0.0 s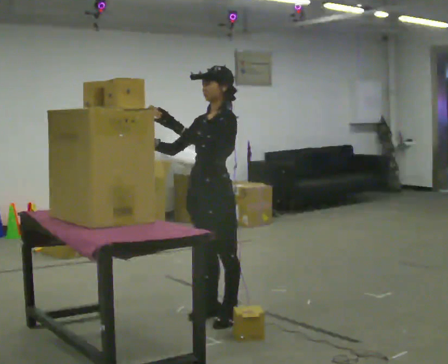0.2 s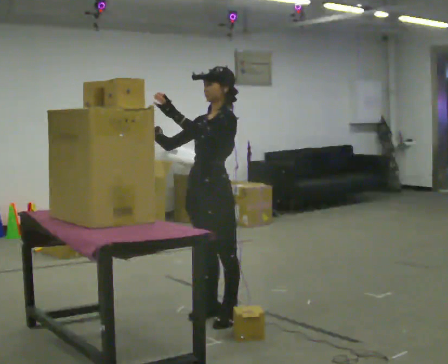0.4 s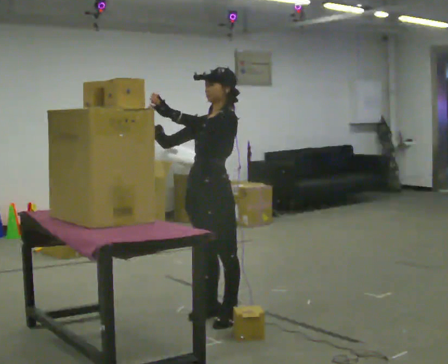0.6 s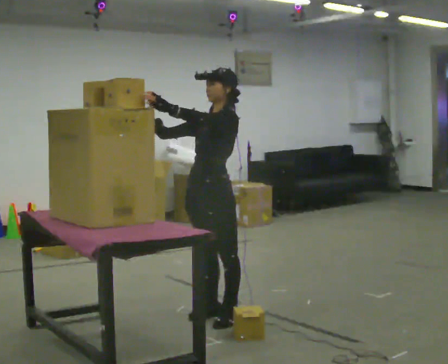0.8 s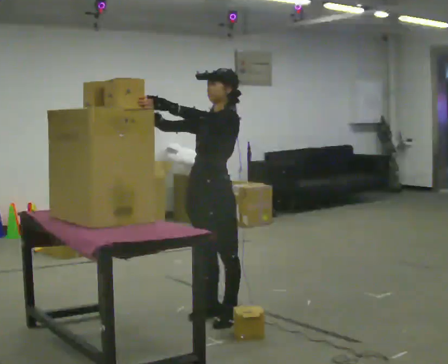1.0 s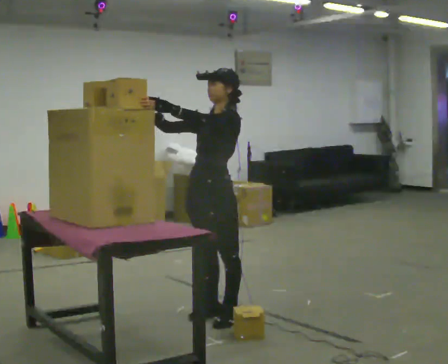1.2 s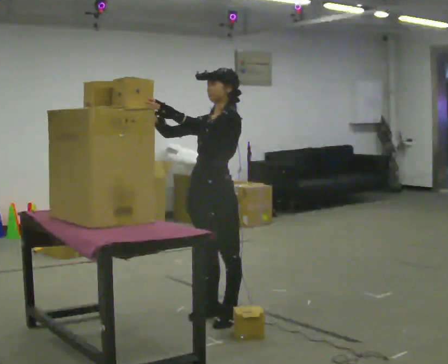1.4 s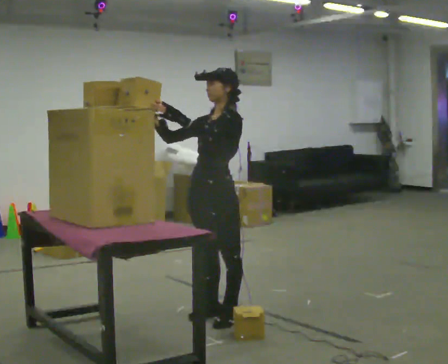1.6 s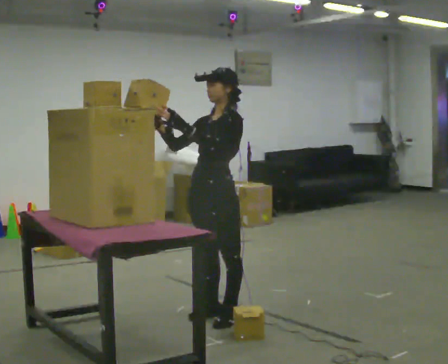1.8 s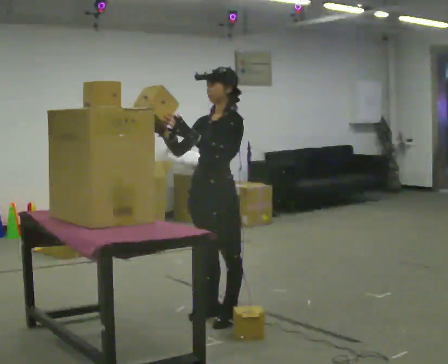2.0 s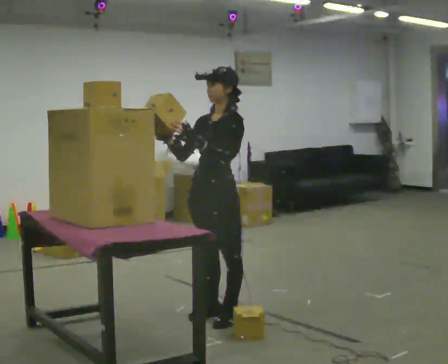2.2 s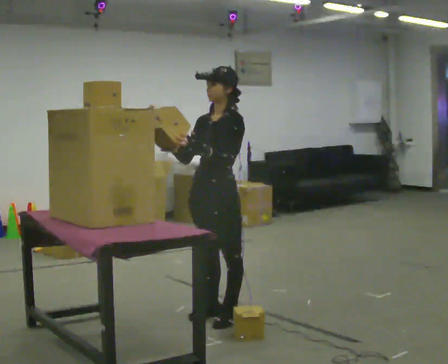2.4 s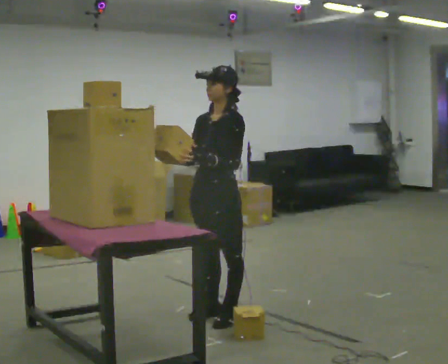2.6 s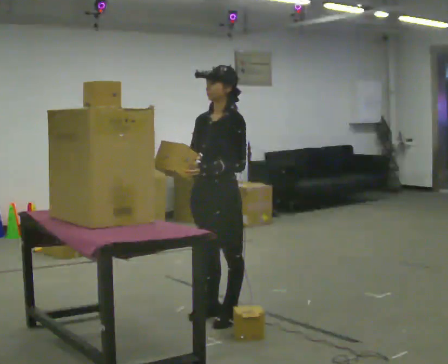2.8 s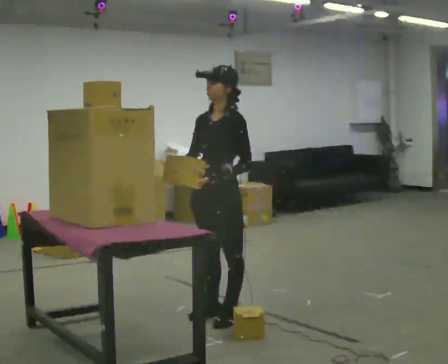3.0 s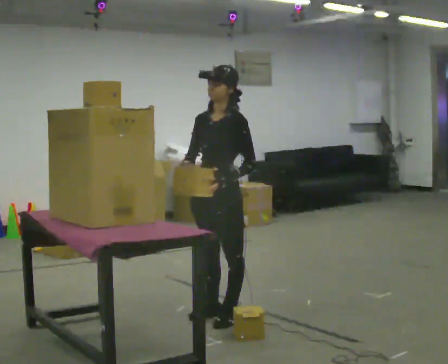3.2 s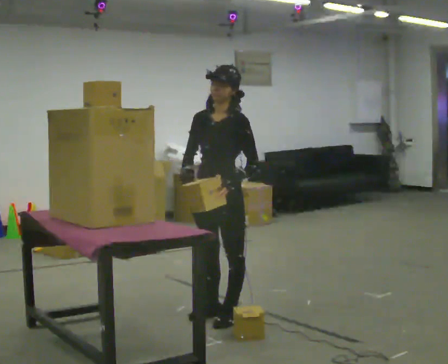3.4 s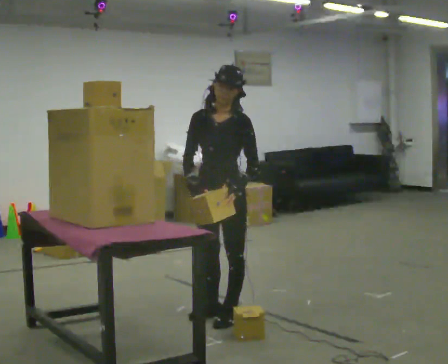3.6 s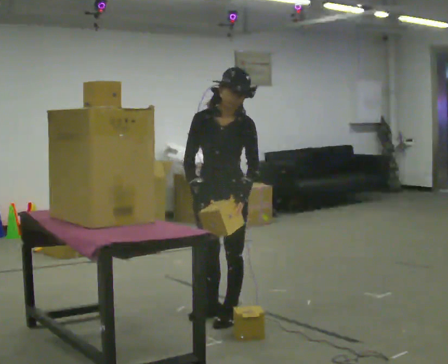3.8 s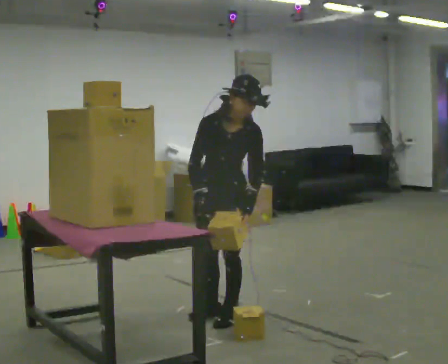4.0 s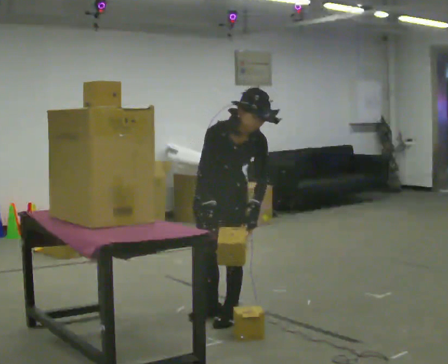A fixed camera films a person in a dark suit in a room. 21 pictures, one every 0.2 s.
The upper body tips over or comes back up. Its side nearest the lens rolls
downward.
0.0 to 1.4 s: The person moves a little, or ends about where they began.
1.4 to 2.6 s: In the picture their left hand goes downward.
2.6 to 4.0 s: Seen from above the body turns counterclockwise, about 45 degrees: to their left, with its near side sliding to the right. The upper body tips toward the camera, its near side rolling downward, as they bend forward.
The film runs forward here.
